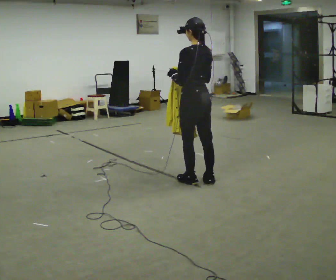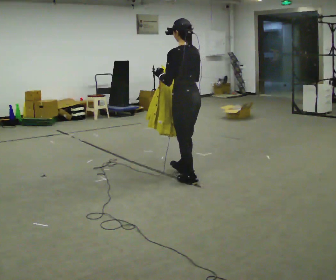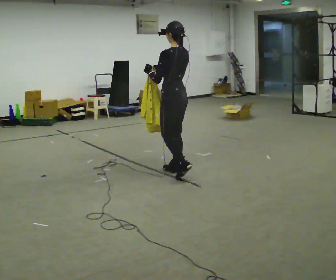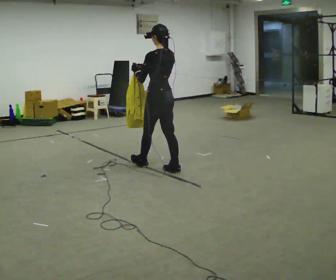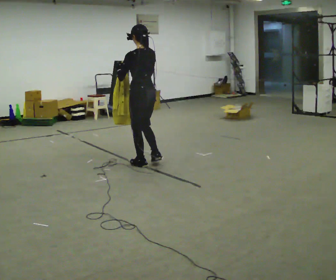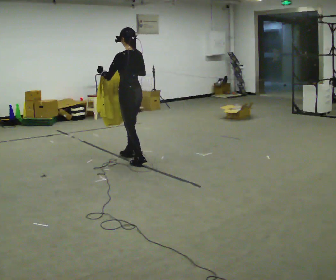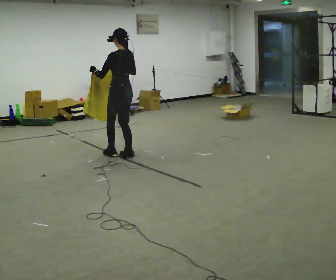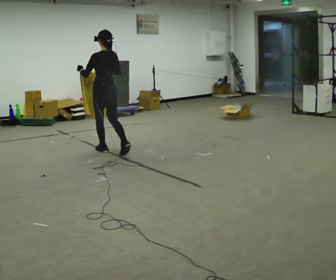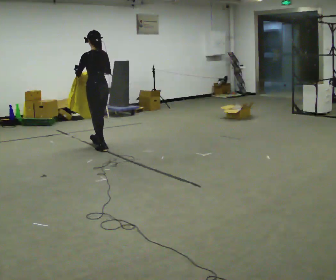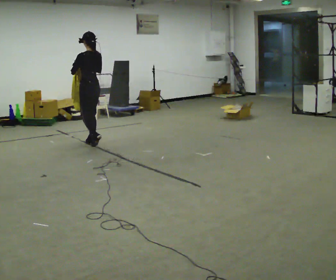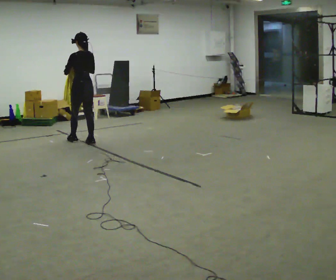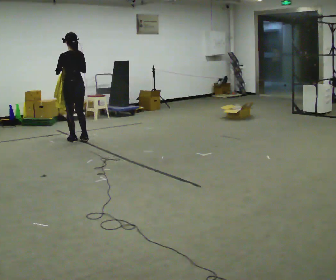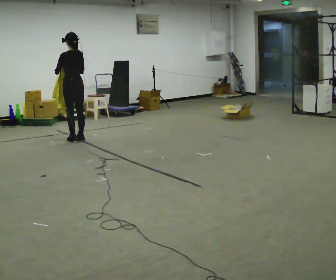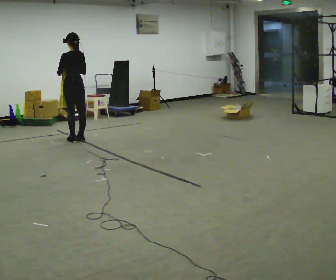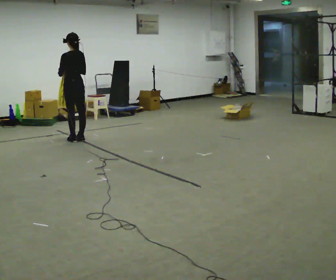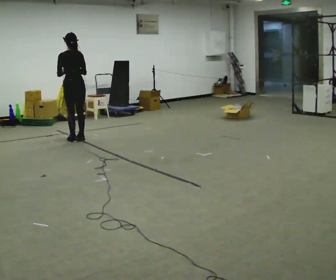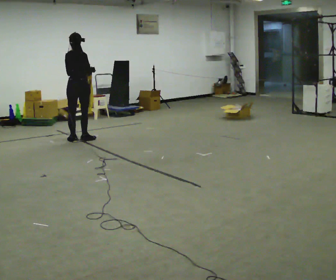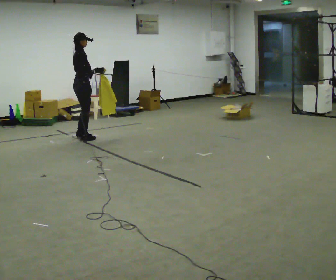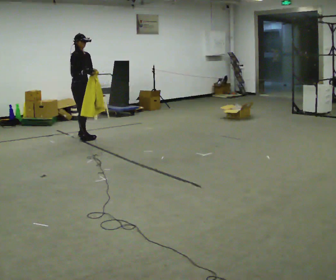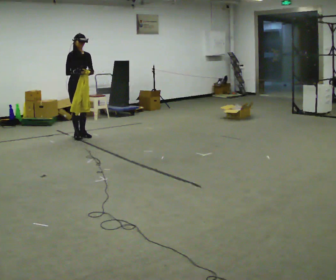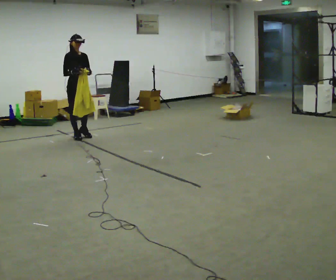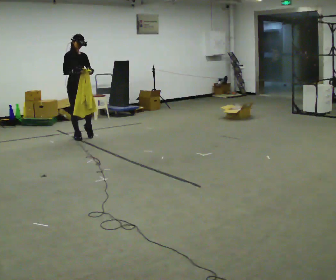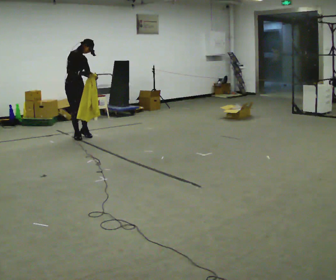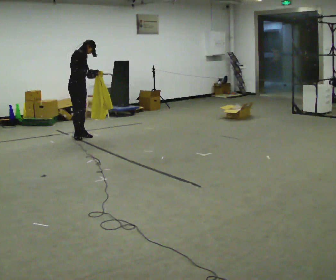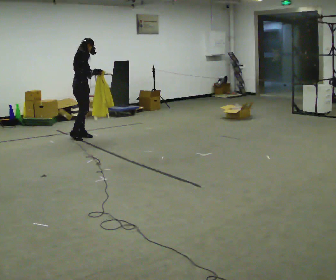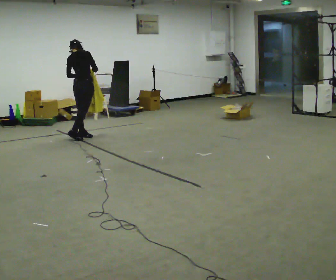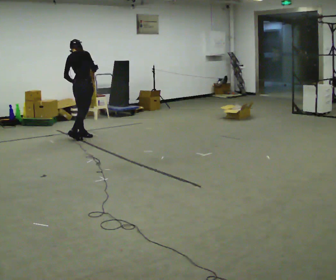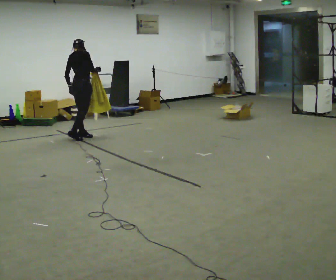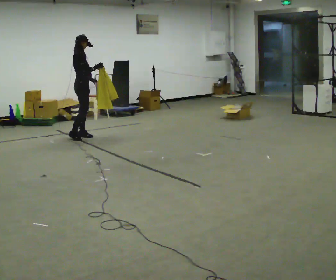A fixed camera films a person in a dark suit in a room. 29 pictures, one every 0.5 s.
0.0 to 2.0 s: In the picture they go away from the camera and to the left, about 1 m in 2 steps, which for them is forward.
2.0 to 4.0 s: In the picture they go away from the camera, about 1 m in 2 steps, which for them is forward.
4.0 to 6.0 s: In the picture they go away from the camera and to the left, about 0.5 m in 3 steps, which for them is forward.
6.0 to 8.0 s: The part of the body nearest the lens slides to the left as the person turns to their right by about 60 degrees.
8.0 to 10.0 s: The person turns about 120 degrees to their right, clockwise seen from above, so the part of the body nearest the lens slides to the left. In the picture they go away from the camera, about 0.25 m in 2 steps.
10.0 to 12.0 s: The part of the body nearest the lens slides to the right as the person turns to their left by about 75 degrees.
12.0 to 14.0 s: The person moves a little, or ends about where they began.
The film runs forward here.
